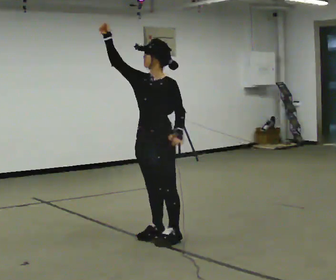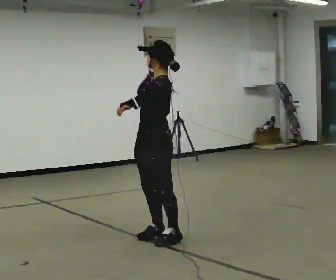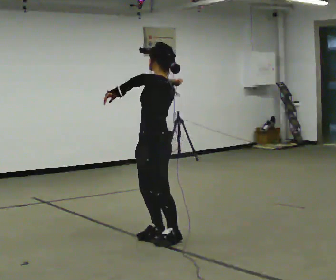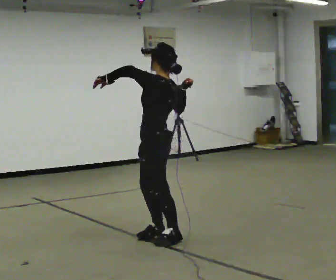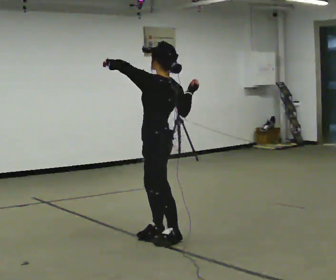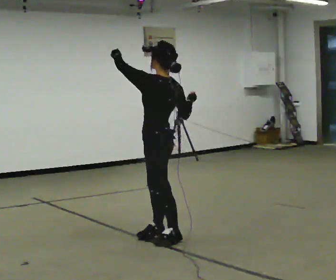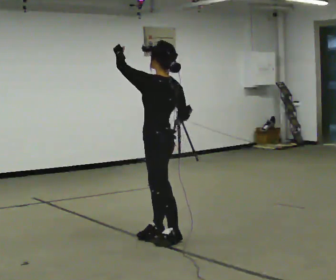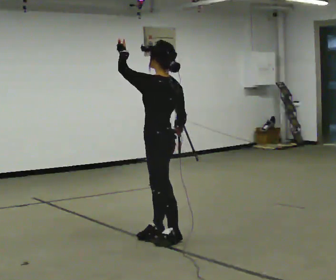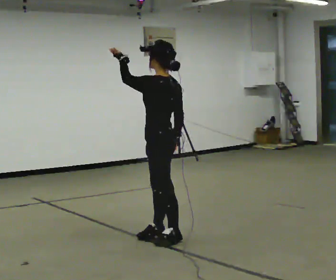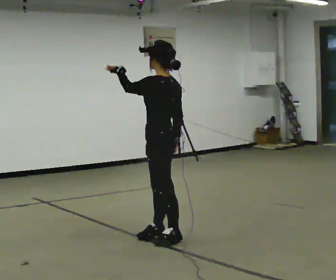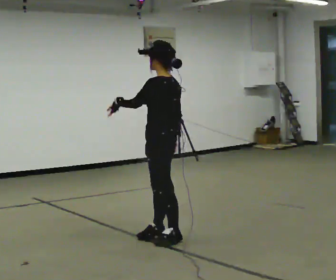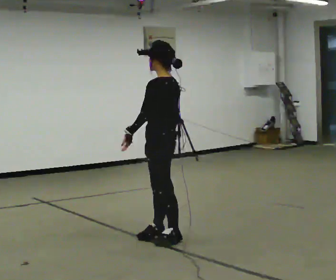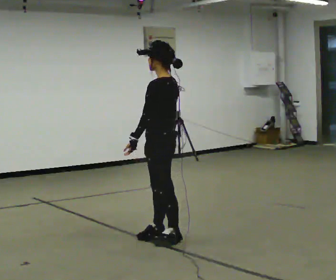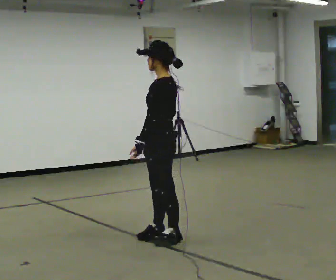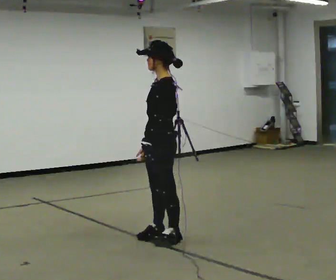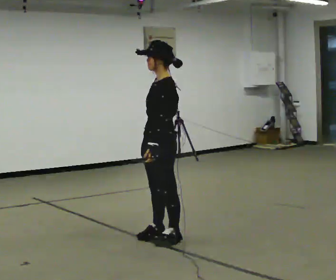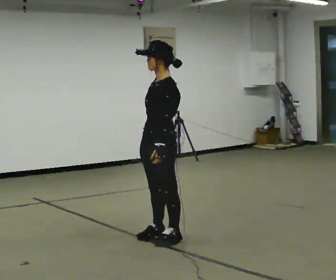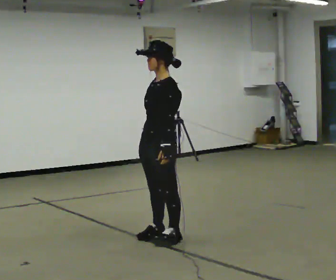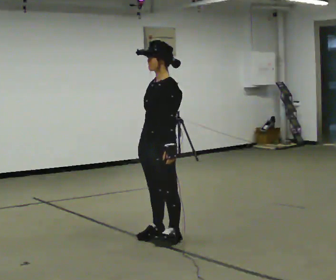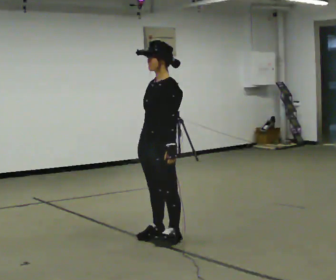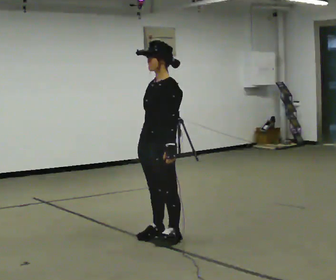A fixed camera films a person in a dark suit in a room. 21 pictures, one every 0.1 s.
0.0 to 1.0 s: The person turns about 60 degrees to their right, clockwise seen from above, so the part of the body nearest the lens slides to the left. In the picture their right hand goes downward and to the right.
1.0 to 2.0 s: Seen from above the body turns counterclockwise, about 45 degrees: to their left, with its near side sliding to the right. In the picture their left hand goes to the right and downward, the arm swinging counterclockwise.
The film runs backward here.
